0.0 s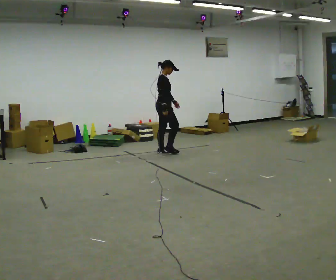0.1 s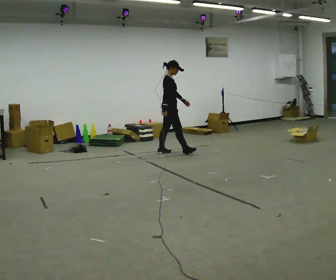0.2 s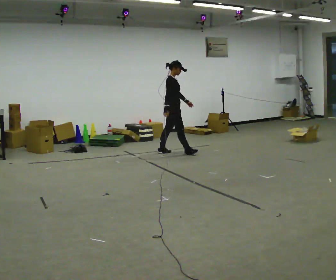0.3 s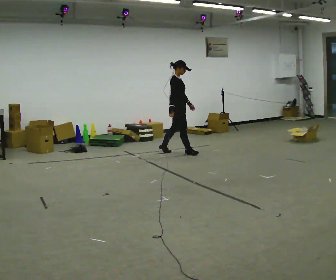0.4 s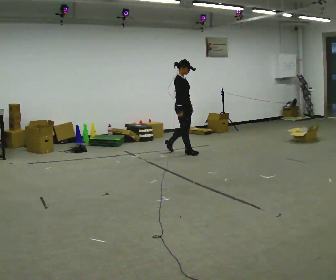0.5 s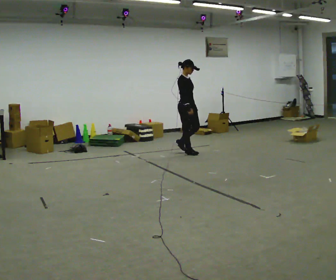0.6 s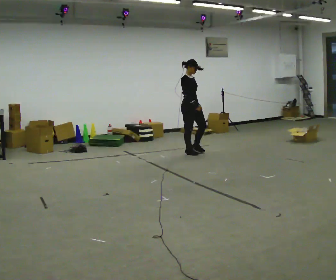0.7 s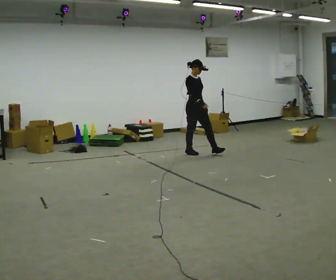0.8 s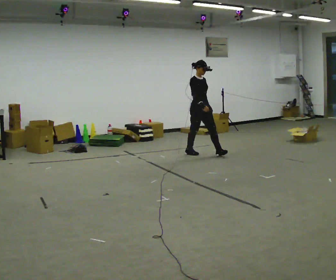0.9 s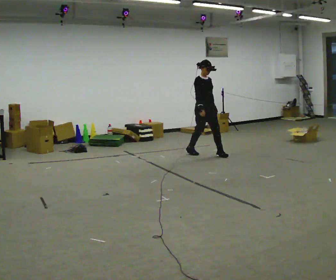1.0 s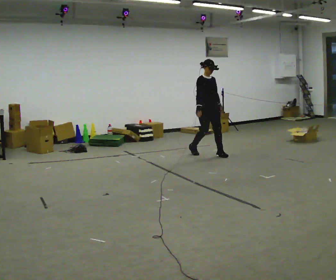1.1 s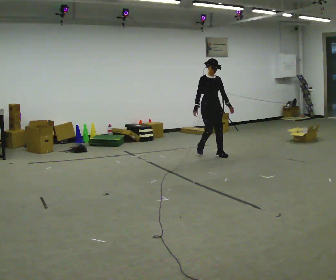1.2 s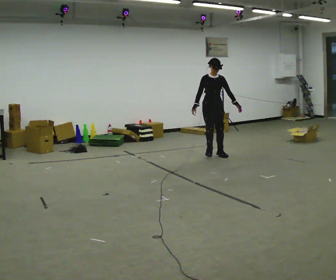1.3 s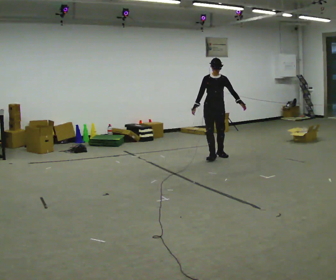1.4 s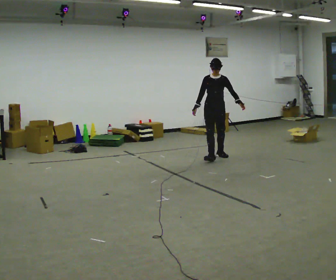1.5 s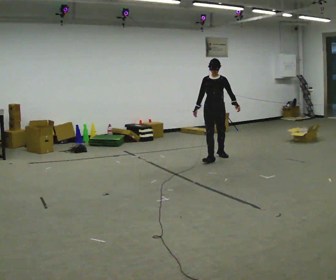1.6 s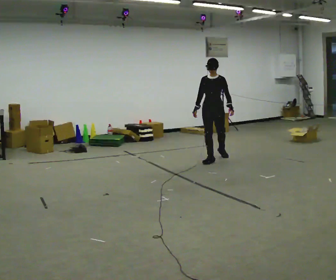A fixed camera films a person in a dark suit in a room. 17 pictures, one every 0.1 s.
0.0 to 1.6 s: The part of the body nearest the lens slides to the left as the person turns to their right by about 105 degrees. In the picture they go to the right and toward the camera, about 1 m in 3 steps.
The film runs forward here.
